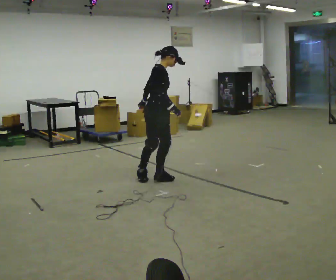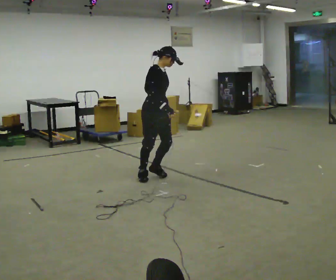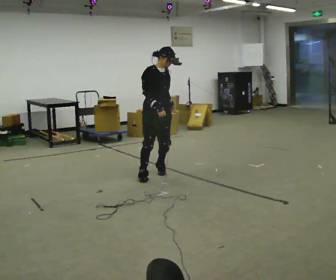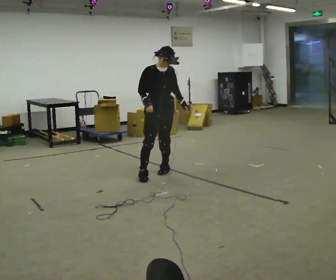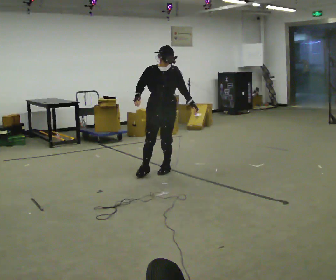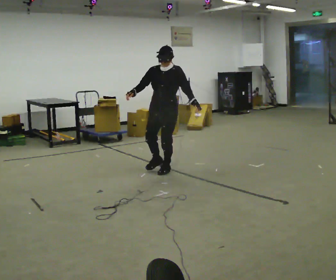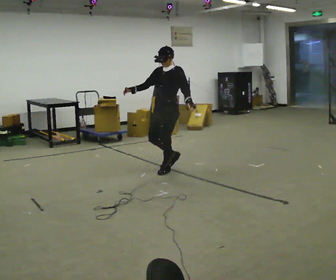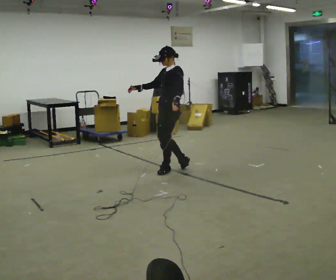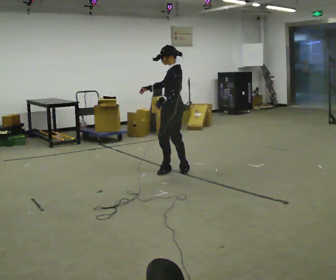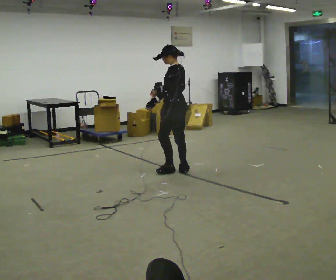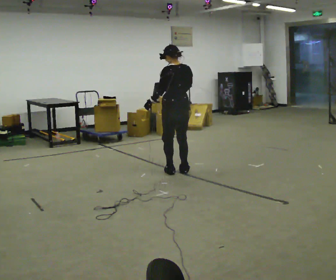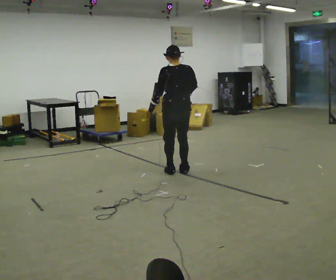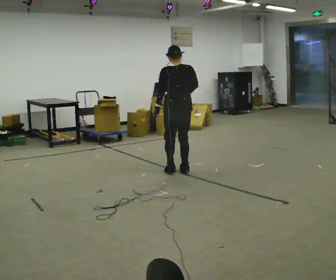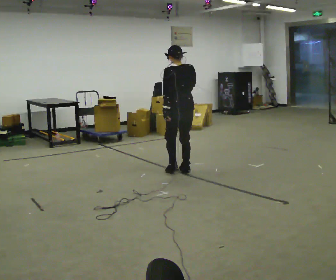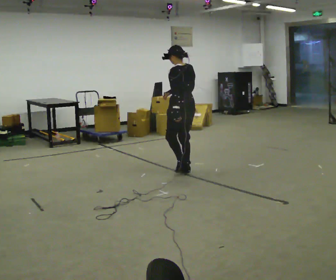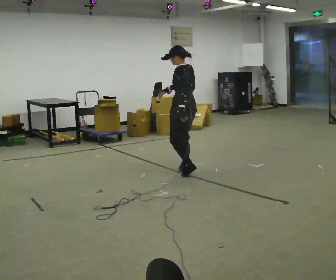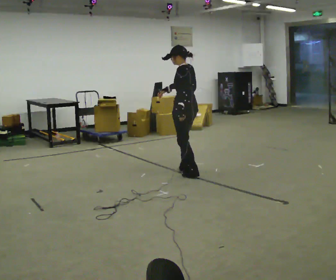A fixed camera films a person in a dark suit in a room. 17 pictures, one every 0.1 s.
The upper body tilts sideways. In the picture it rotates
counterclockwise.
0.0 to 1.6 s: The part of the body nearest the lens slides to the left as the person turns to their right by about 195 degrees. In the picture they go to the right and away from the camera, about 0.5 m in 2 steps. In the picture the upper body tilts counterclockwise, shoulders to the left.
The film runs backward here.
